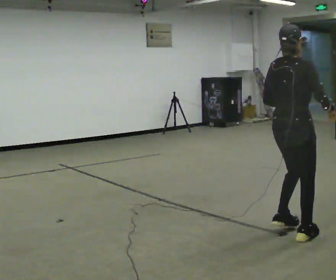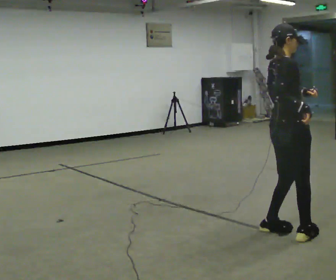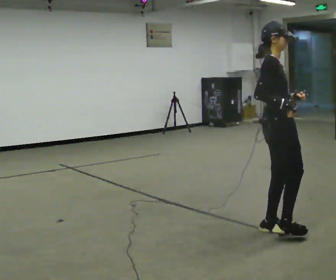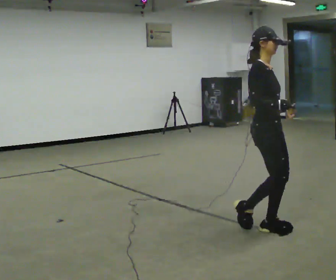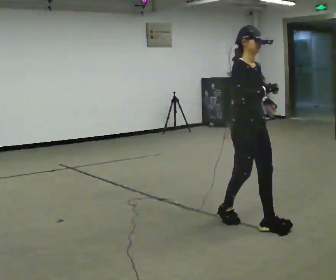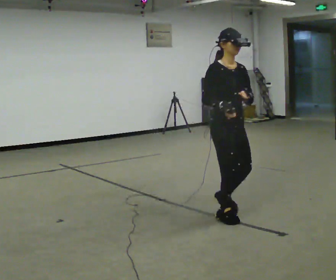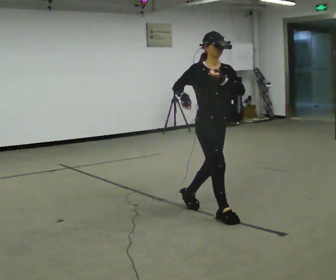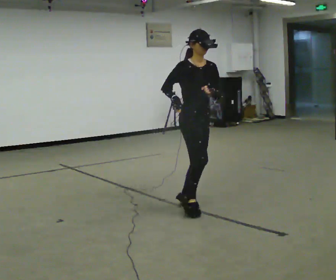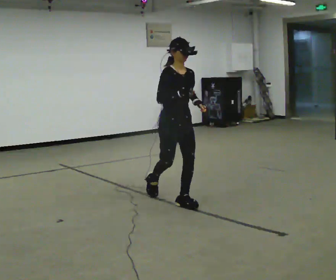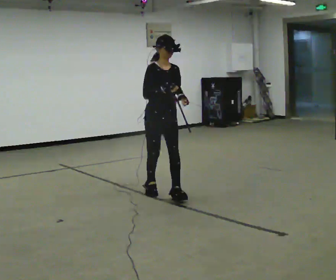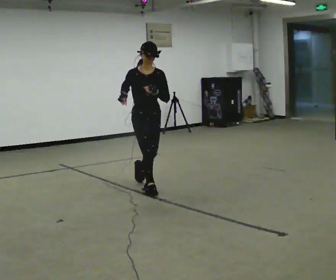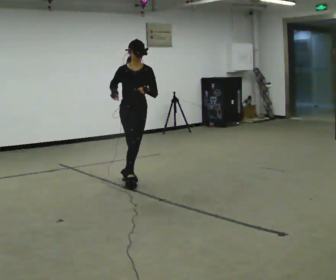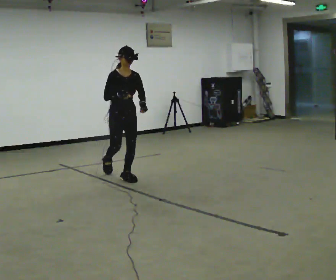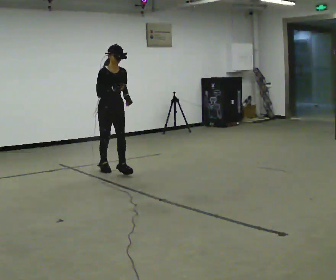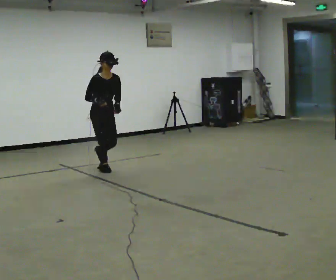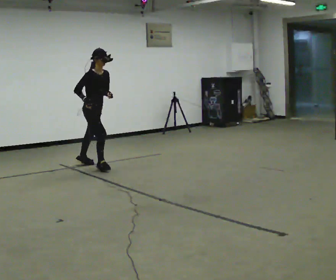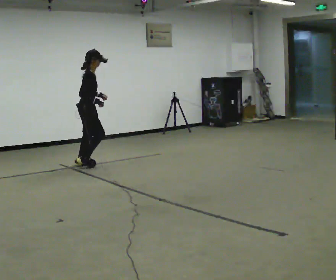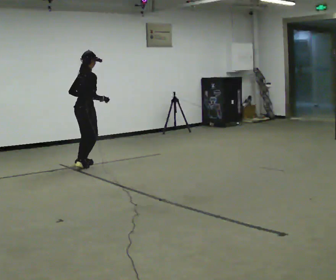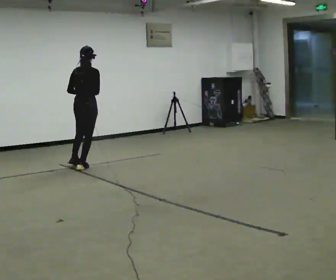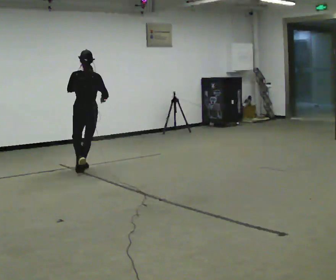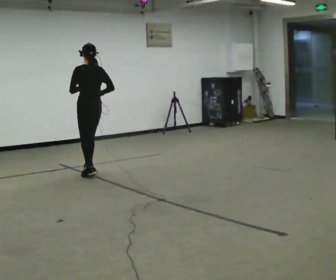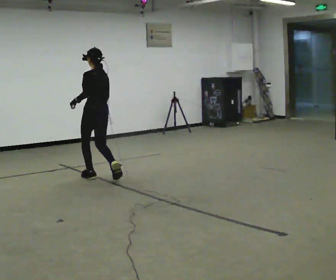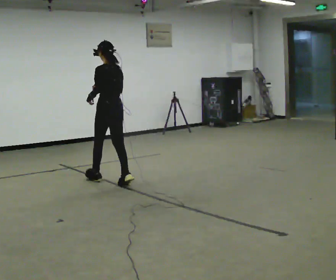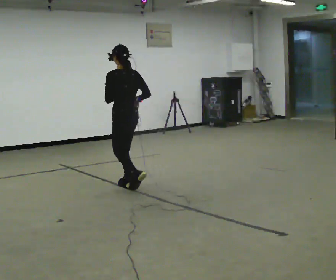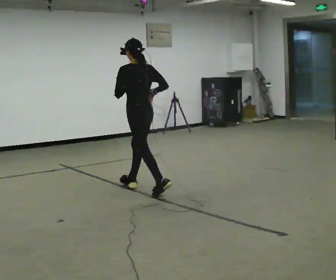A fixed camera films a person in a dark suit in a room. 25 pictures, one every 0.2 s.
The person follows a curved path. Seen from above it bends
counterclockwise.
0.0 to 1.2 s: Seen from above the body turns clockwise, about 105 degrees: to their right, with its near side sliding to the left. In the picture they go away from the camera and to the left, about 1 m in 2 steps.
1.2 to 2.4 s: In the picture they go away from the camera and to the left, about 1.5 m in 3 steps, which for them is backward.
2.4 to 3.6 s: The person turns about 120 degrees to their left, counterclockwise seen from above, so the part of the body nearest the lens slides to the right. In the picture they go away from the camera and to the left, about 1 m in 3 steps.
3.6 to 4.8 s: Seen from above the body turns counterclockwise, about 75 degrees: to their left, with its near side sliding to the right. In the picture they go toward the camera and to the right, about 1.5 m in 3 steps.
The film runs backward here.
